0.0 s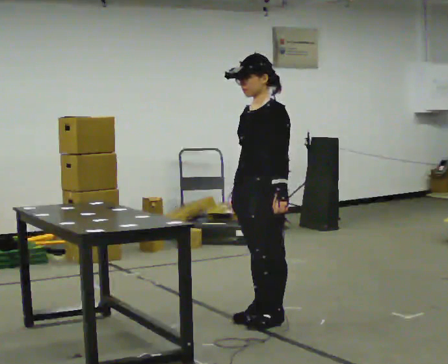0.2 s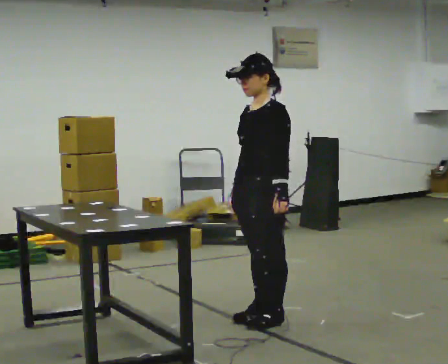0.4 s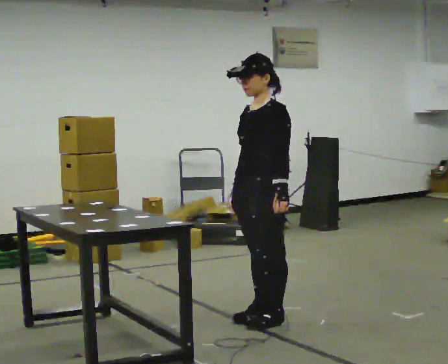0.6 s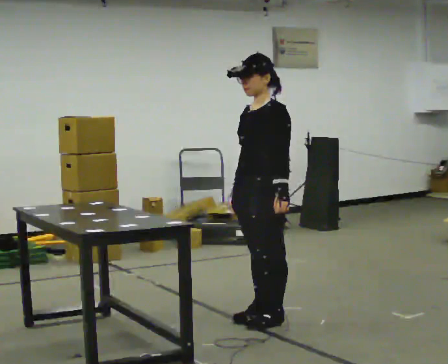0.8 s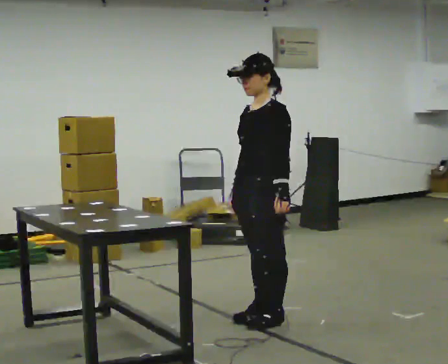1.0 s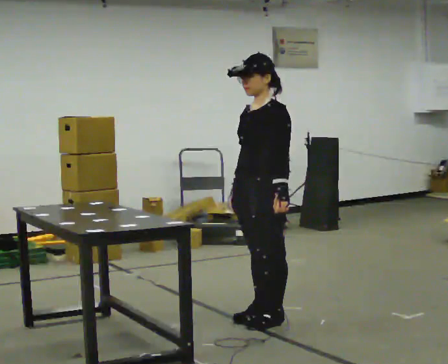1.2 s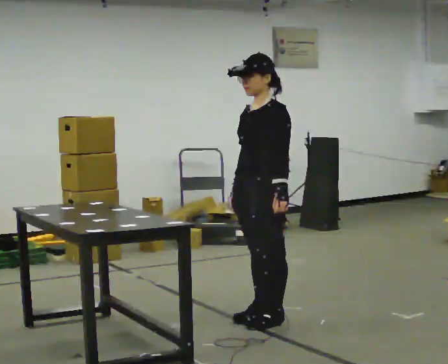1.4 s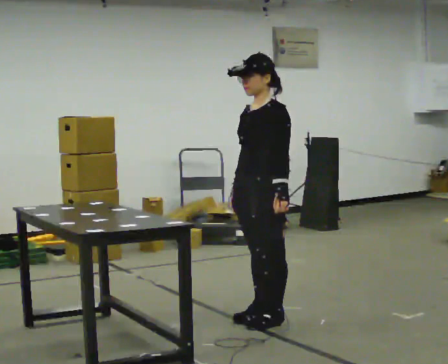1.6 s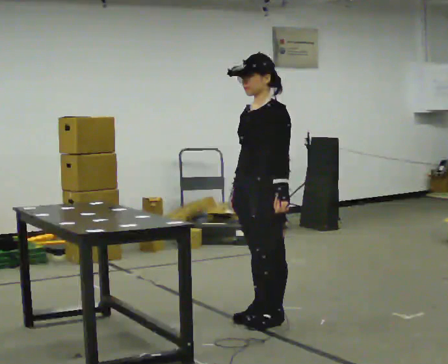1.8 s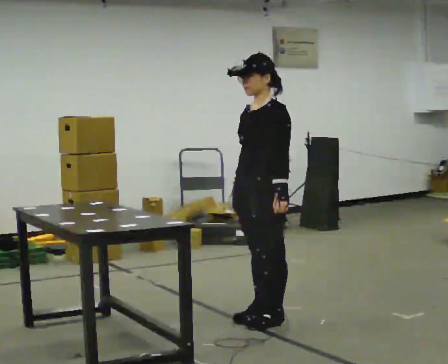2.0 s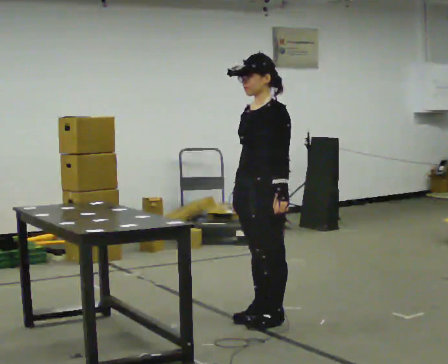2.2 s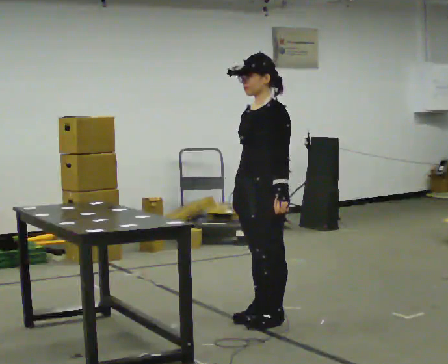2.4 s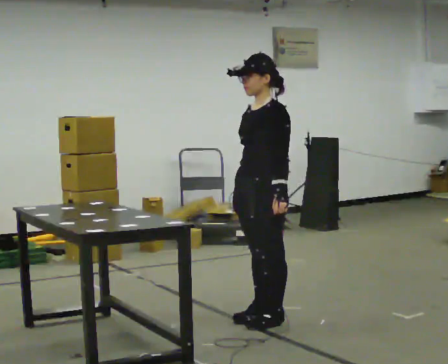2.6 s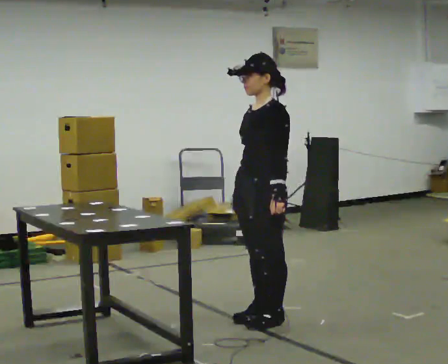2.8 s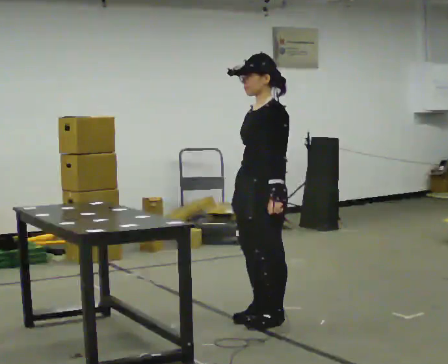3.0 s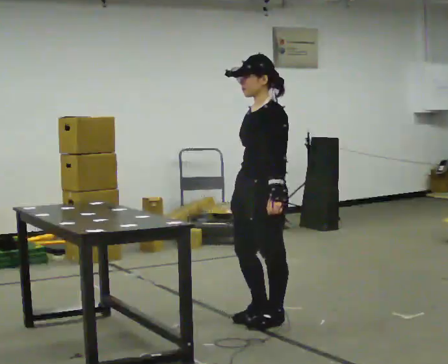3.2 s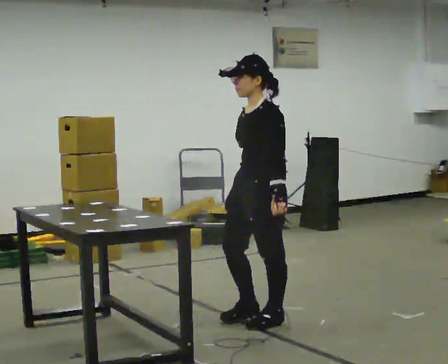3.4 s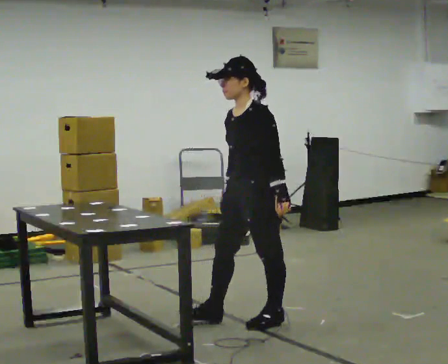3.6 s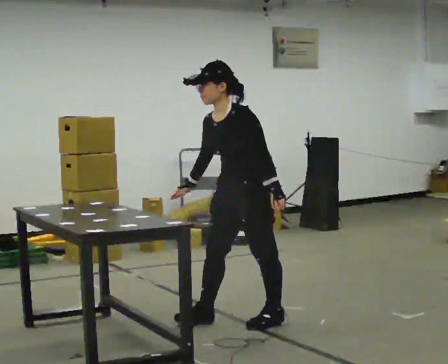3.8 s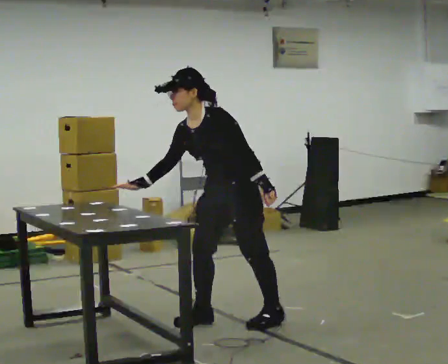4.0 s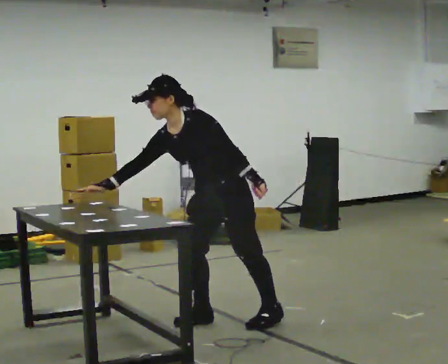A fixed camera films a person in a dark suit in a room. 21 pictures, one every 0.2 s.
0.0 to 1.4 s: The person keeps their place and pose.
1.4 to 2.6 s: The person moves a little, or ends about where they began.
2.6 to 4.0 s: In the picture they go to the left, about 0.25 m in 1 step, which for them is forward. In the picture the upper body tilts counterclockwise, shoulders to the left, as they bend forward.
The film runs backward here.
